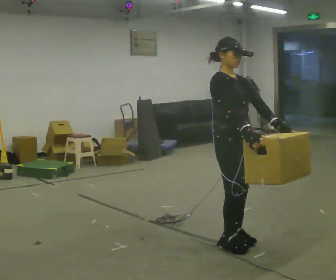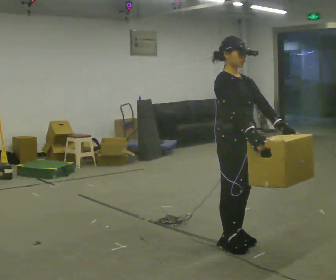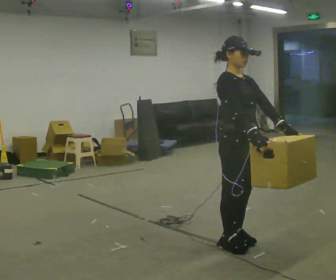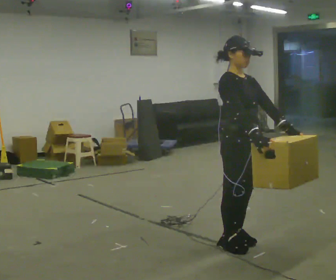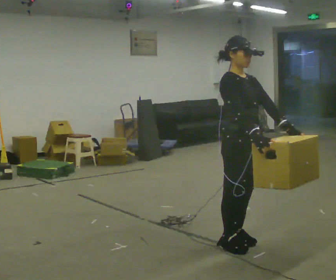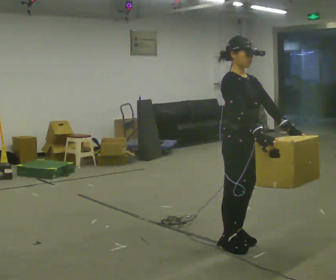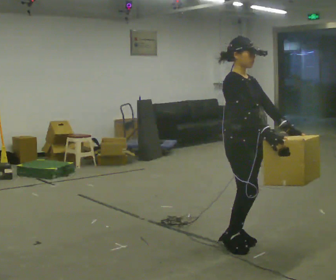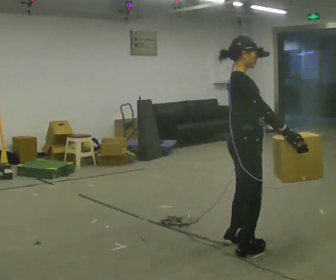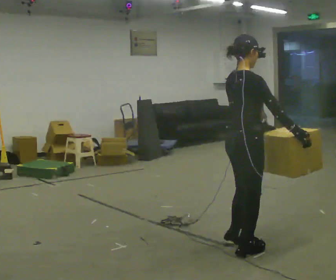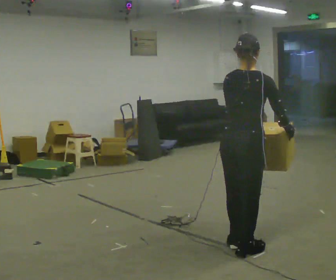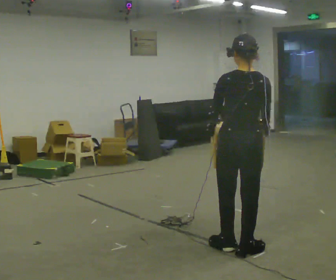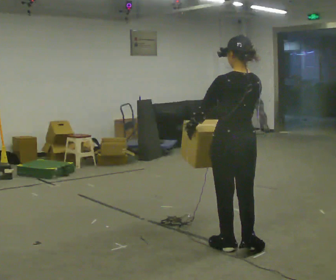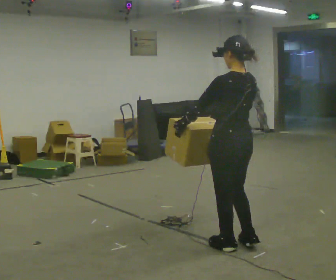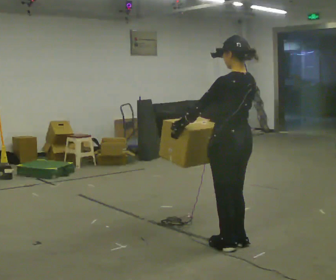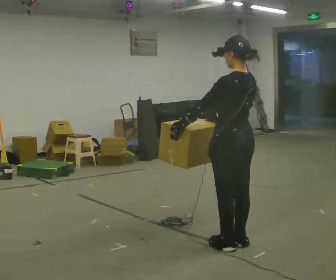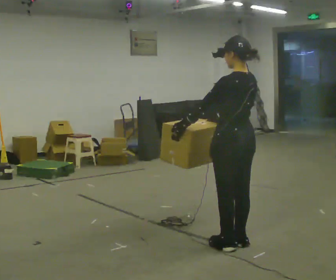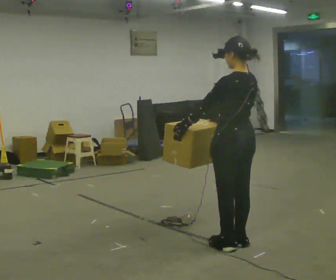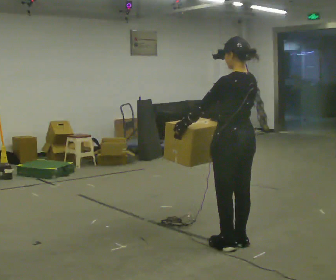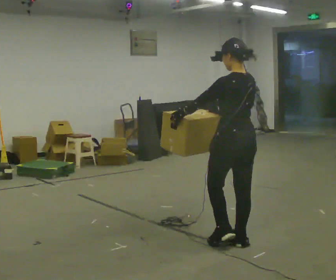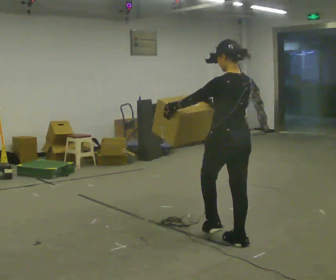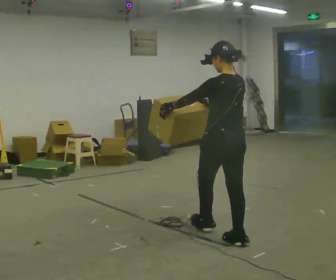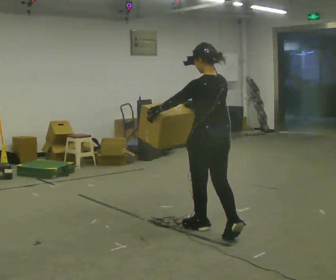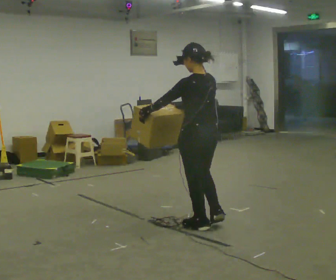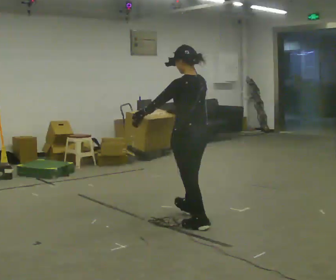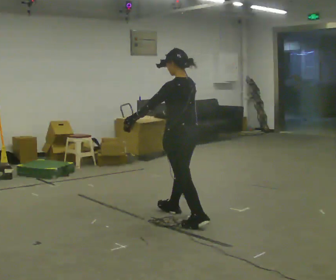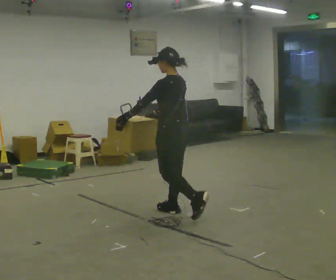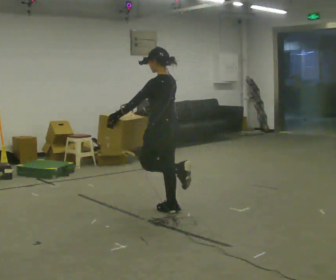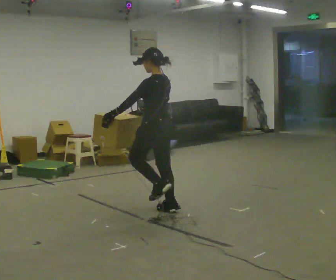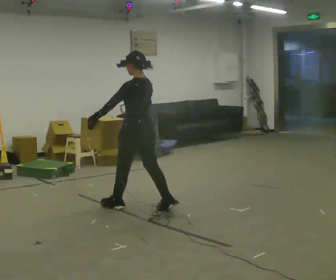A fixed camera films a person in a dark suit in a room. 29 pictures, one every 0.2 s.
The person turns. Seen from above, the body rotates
counterclockwise.
The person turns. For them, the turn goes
to their left.
0.0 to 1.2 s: The person moves a little, or ends about where they began.
1.2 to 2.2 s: The person turns about 135 degrees to their left, counterclockwise seen from above, so the part of the body nearest the lens slides to the right.
2.2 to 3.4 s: The person moves a little, or ends about where they began.
3.4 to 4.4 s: In the picture they go away from the camera and to the left, about 0.5 m in 1 step, which for them is forward.
4.4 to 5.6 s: In the picture they go to the left and away from the camera, about 1 m in 2 steps, which for them is forward.
The film runs forward here.
